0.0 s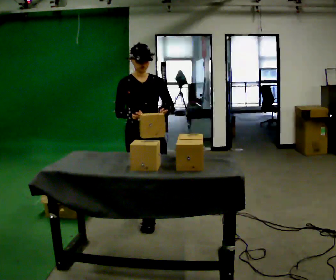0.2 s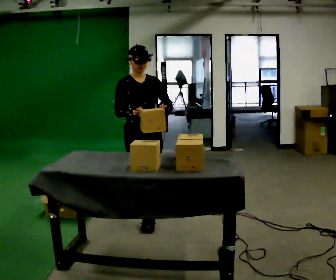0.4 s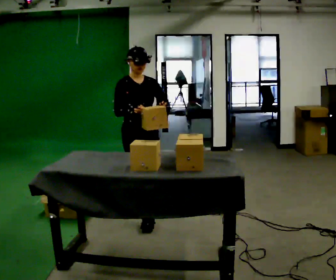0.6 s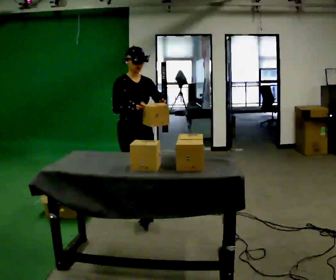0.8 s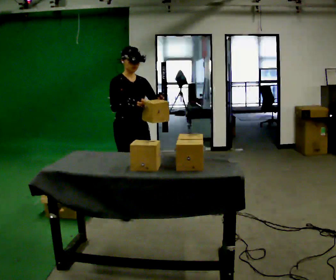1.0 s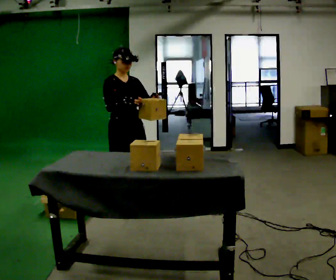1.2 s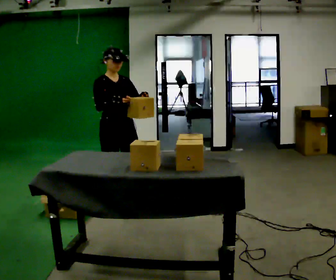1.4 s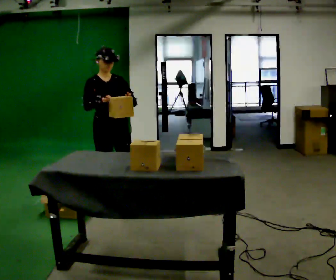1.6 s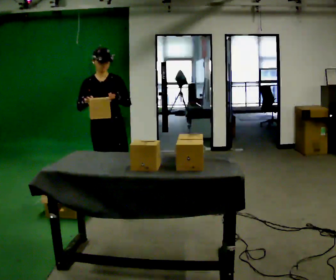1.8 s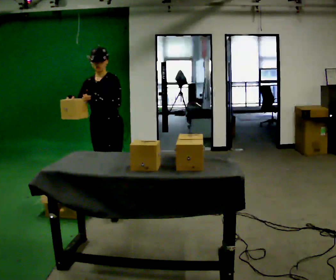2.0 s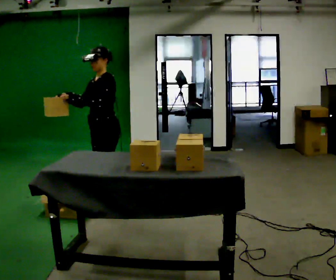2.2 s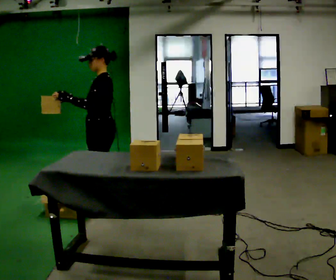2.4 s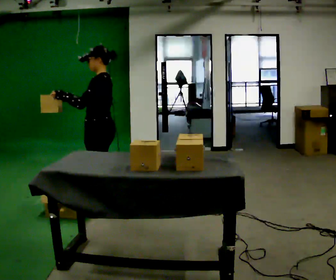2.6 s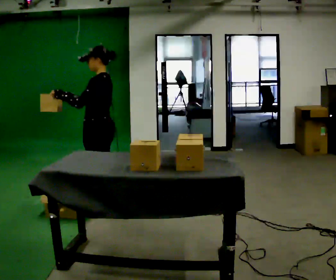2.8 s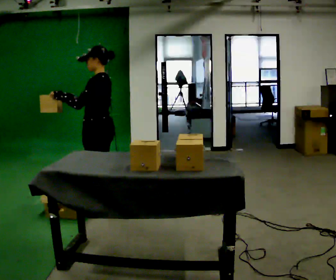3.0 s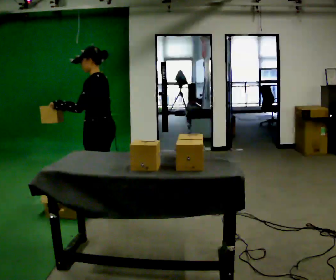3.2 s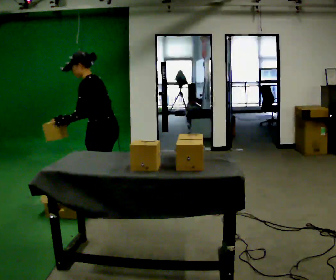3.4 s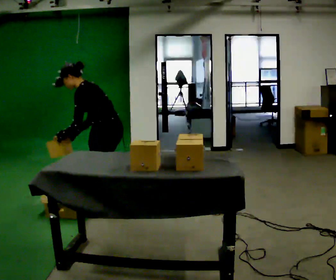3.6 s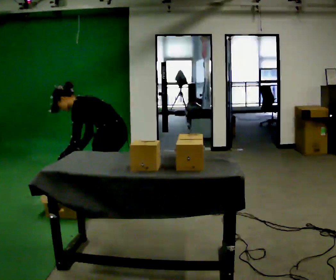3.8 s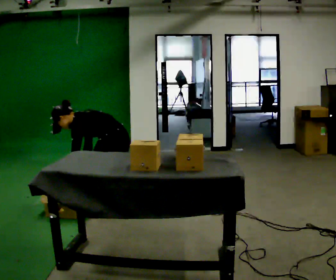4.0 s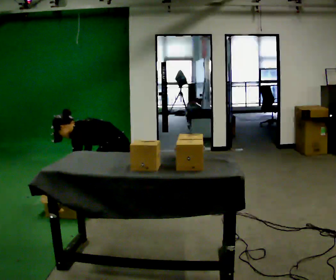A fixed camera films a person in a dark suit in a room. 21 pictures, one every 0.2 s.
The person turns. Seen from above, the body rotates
clockwise.
The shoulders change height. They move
downward.
0.0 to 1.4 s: In the picture they go away from the camera and to the left, about 0.5 m in 1 step, which for them is backward.
1.4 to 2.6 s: Seen from above the body turns clockwise, about 120 degrees: to their right, with its near side sliding to the left.
2.6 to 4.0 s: The upper body goes downward. In the picture the upper body tilts counterclockwise, shoulders to the left, as they bend forward. In the picture their left hand goes downward, the arm swinging counterclockwise.
The film runs backward here.
